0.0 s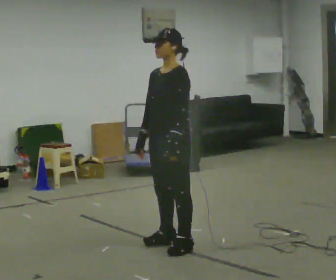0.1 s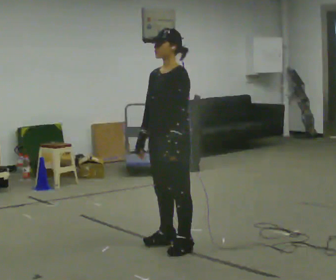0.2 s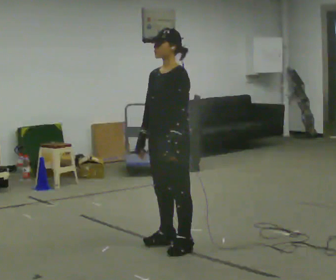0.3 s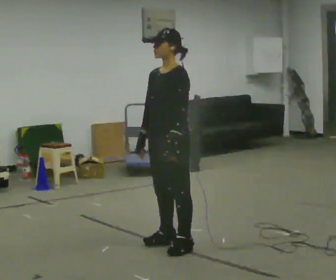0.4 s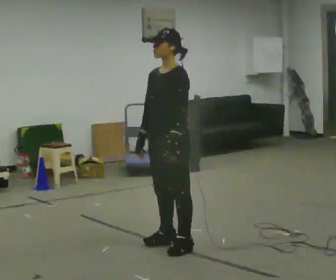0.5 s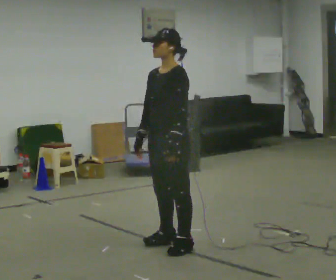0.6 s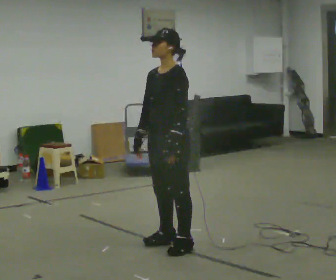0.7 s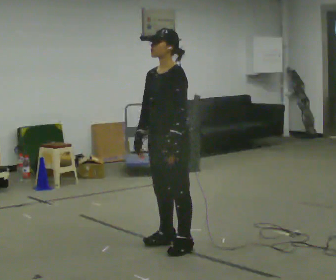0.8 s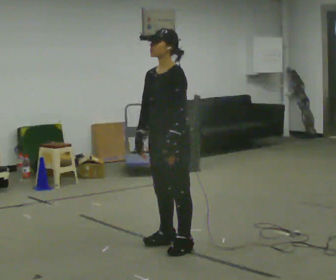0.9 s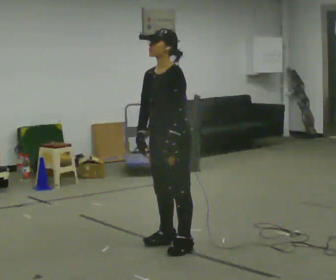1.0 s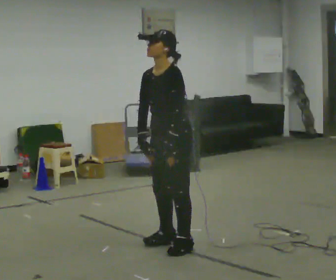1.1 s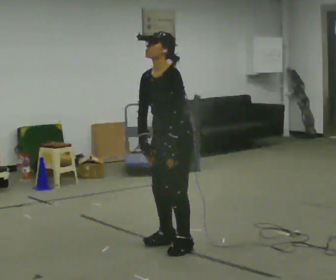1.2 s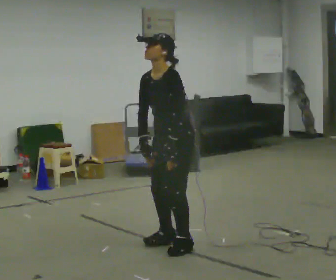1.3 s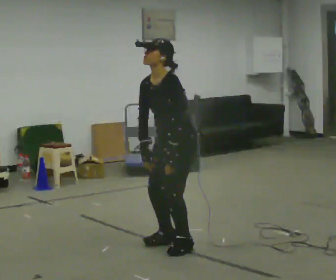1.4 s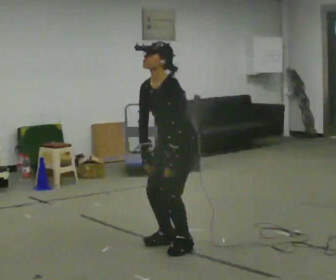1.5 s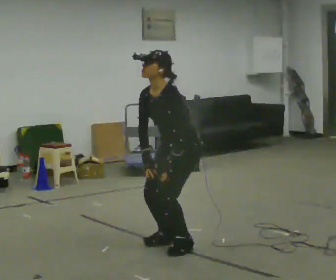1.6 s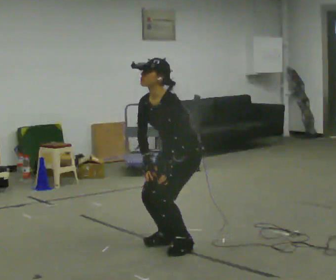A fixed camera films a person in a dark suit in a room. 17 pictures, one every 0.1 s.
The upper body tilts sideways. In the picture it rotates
counterclockwise.
0.0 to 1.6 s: The upper body goes downward. In the picture the upper body tilts counterclockwise, shoulders to the left, as they bend forward.
The film runs backward here.
